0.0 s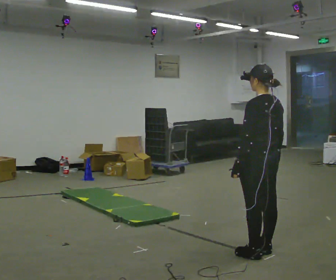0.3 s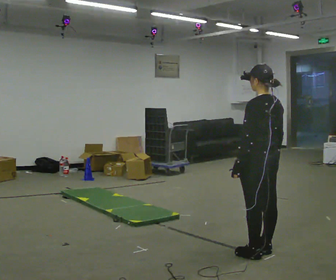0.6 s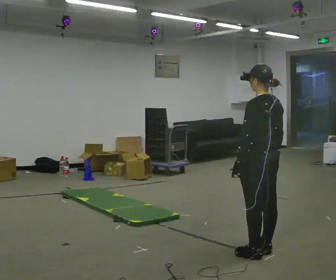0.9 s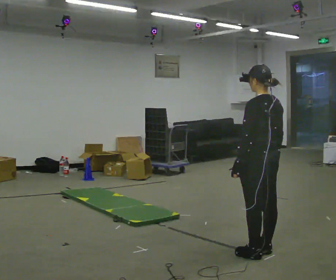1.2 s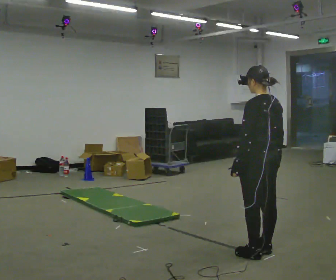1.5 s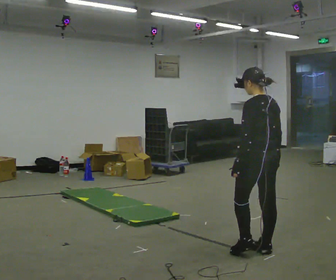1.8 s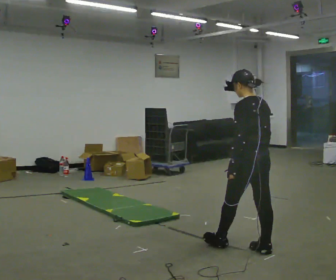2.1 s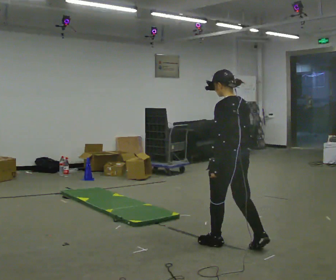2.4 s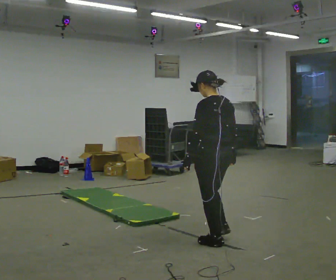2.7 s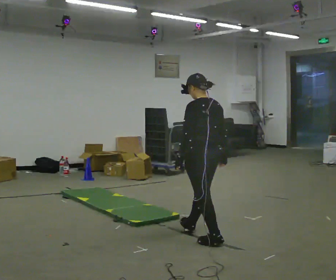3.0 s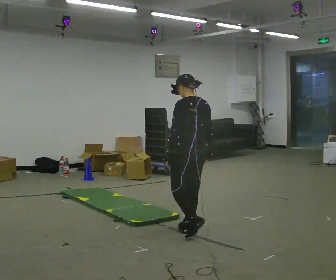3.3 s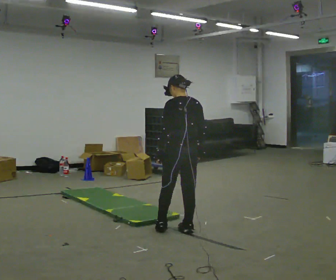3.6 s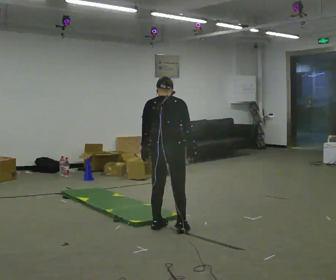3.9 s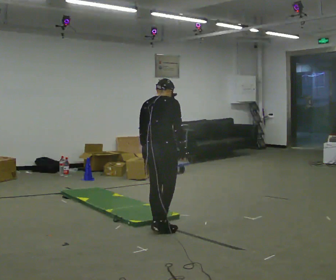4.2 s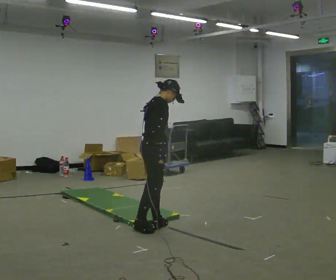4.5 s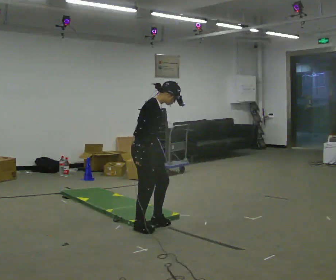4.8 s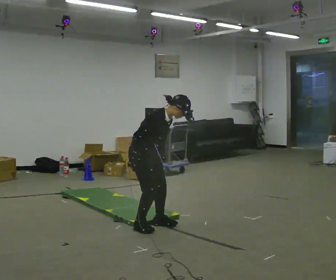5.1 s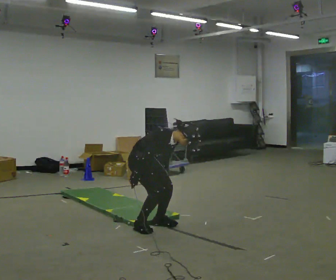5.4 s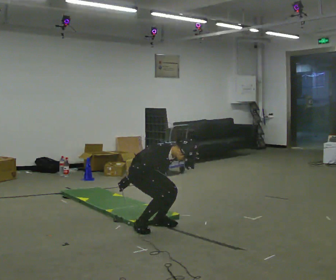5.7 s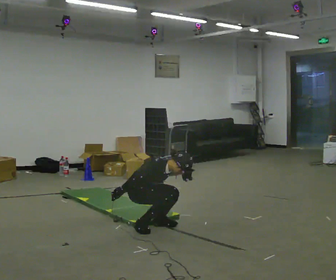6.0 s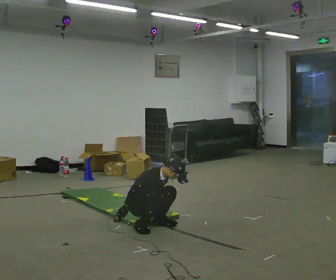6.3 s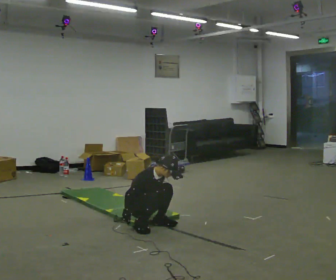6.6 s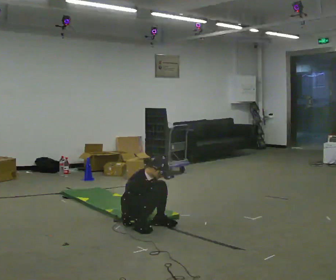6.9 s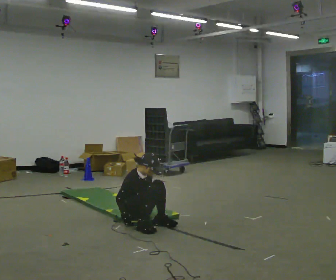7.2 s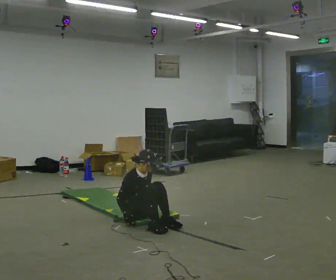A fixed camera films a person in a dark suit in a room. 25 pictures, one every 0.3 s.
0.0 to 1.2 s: The person moves a little, or ends about where they began.
1.2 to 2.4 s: In the picture they go to the left and away from the camera, about 0.5 m in 1 step, which for them is forward.
2.4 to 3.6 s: The part of the body nearest the lens slides to the left as the person turns to their right by about 45 degrees. In the picture they go to the left and away from the camera, about 0.75 m in 2 steps, which for them is forward.
3.6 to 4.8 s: The person turns about 105 degrees to their right, clockwise seen from above, so the part of the body nearest the lens slides to the left. In the picture they go to the left, about 0.25 m in 2 steps. In the picture the upper body tilts clockwise, shoulders to the right, as they bend forward.
4.8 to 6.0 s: The shoulders move downward. In the picture their right hand goes downward.
6.0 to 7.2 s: In the picture the upper body tilts counterclockwise, shoulders to the left, as they lean back or straighten.
The film runs forward here.
